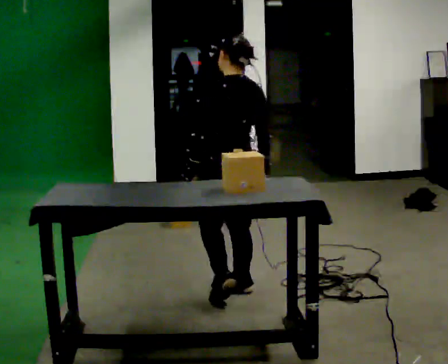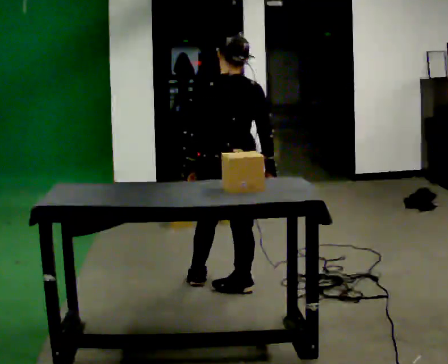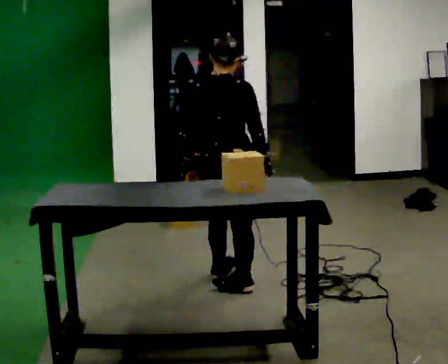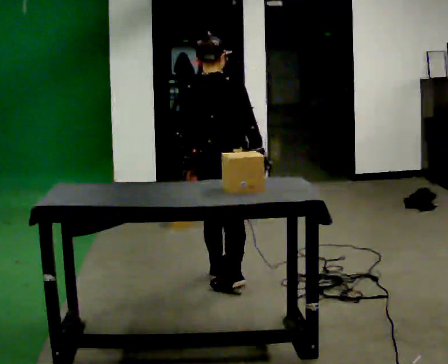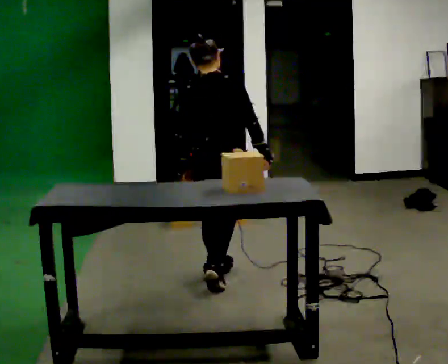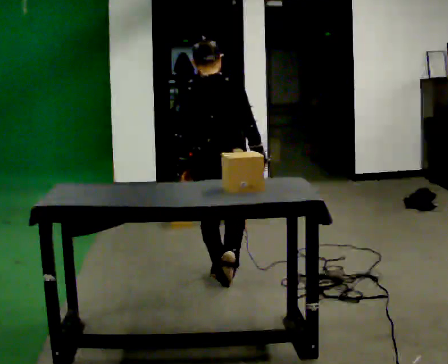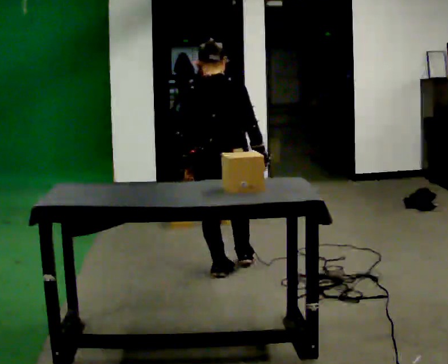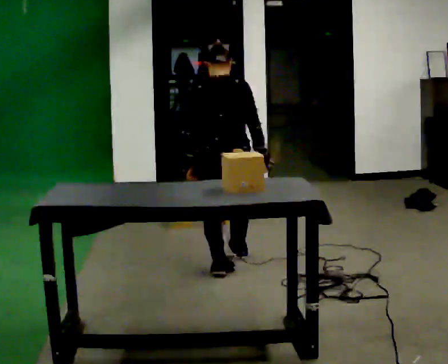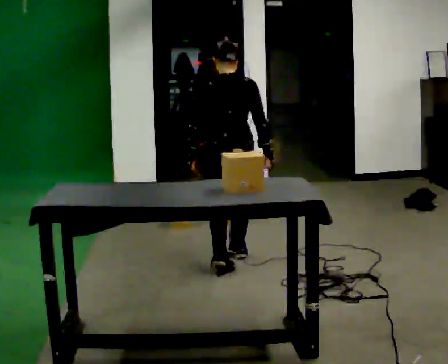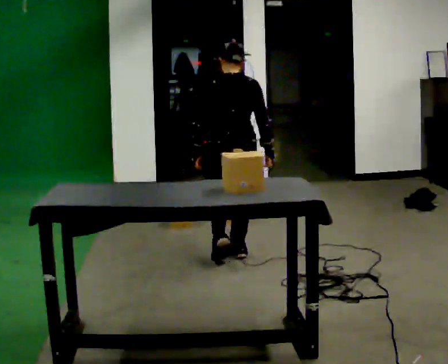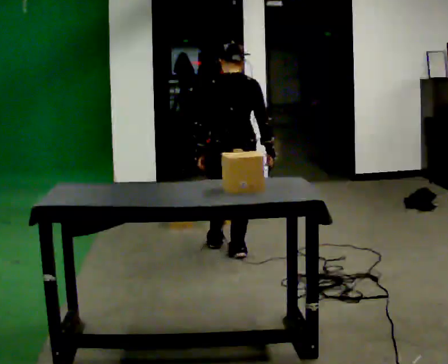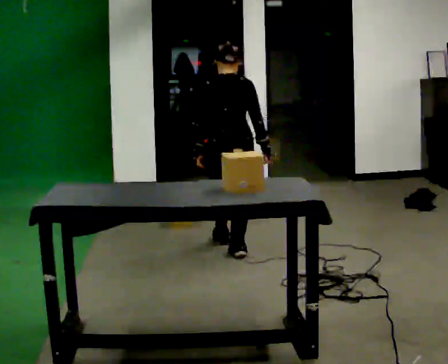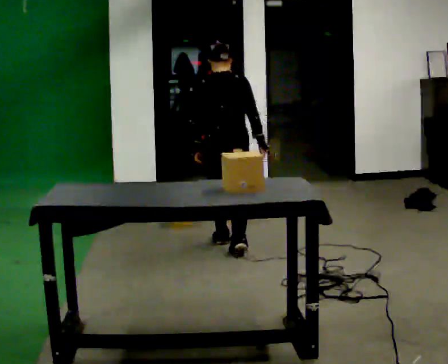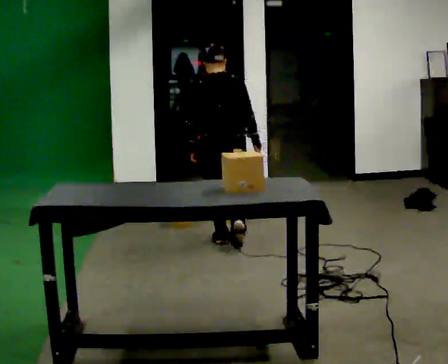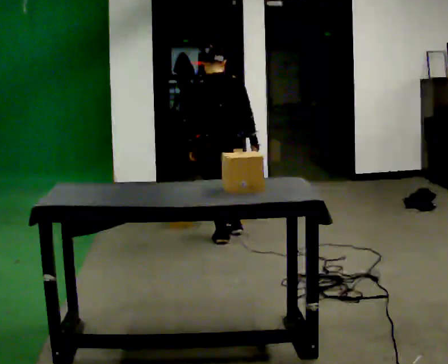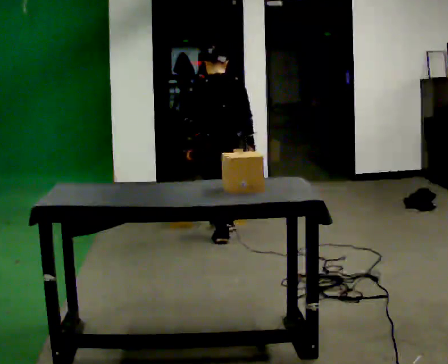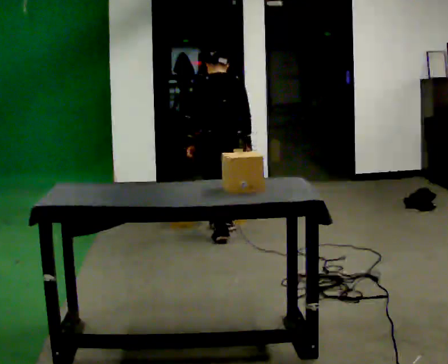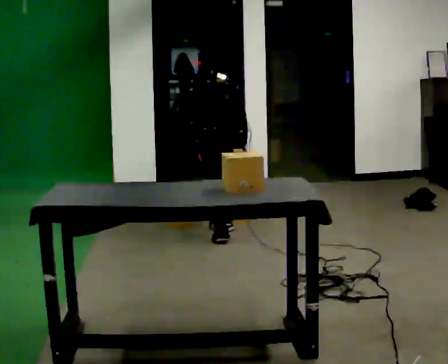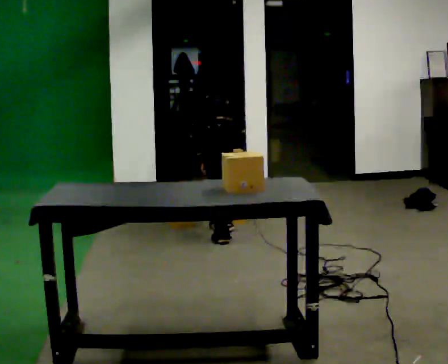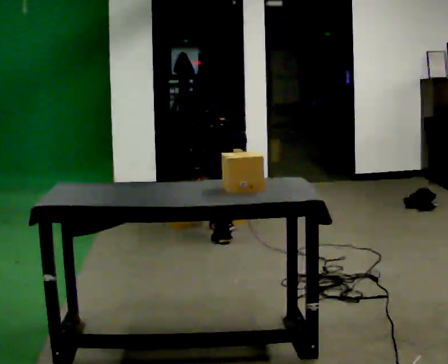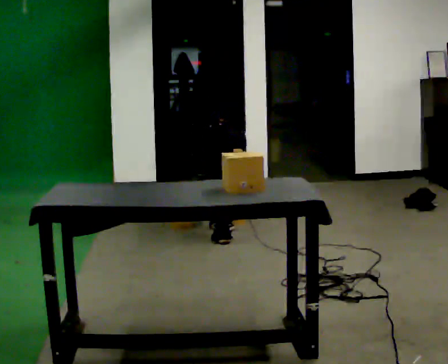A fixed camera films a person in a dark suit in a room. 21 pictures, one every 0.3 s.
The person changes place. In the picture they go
away from the camera.
The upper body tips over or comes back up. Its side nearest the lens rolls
upward.
0.0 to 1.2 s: Seen from above the body turns clockwise, about 60 degrees: to their right, with its near side sliding to the left. In the picture they go away from the camera, about 0.25 m in 2 steps, which for them is forward.
1.2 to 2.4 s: The part of the body nearest the lens slides to the right as the person turns to their left by about 30 degrees. In the picture they go away from the camera, about 0.5 m in 1 step, which for them is forward.
2.4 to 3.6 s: In the picture they go away from the camera, about 0.5 m in 1 step, which for them is forward.
3.6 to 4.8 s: The person turns about 30 degrees to their left, counterclockwise seen from above, so the part of the body nearest the lens slides to the right. In the picture they go away from the camera, about 0.25 m in 1 step, which for them is forward.
4.8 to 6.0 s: The shoulders move downward. The upper body tips away from the camera, its near side rolling upward, as they bend forward. In the picture their left hand goes downward.
The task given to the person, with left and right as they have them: Take an object off the waist-height shelf, carry it across the room, and set it down on the floor. Keep going until the operator says stop; one object at a time, and do not rush between trips.
The film runs forward here.
